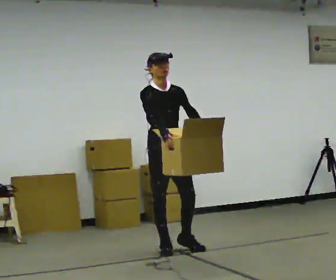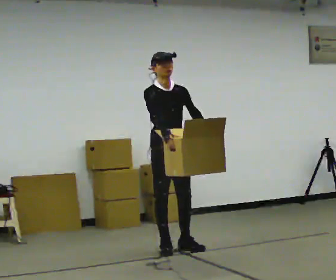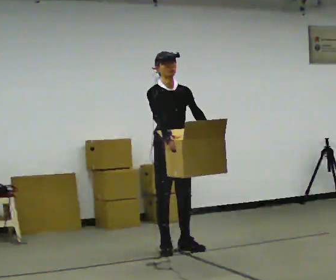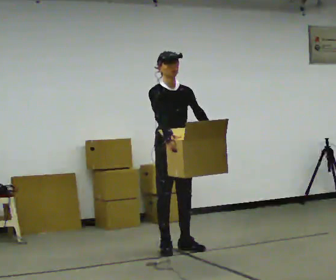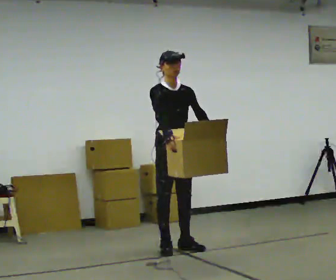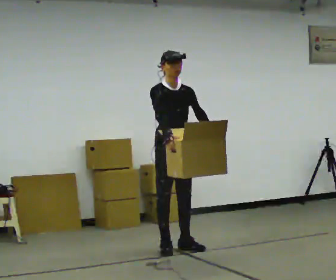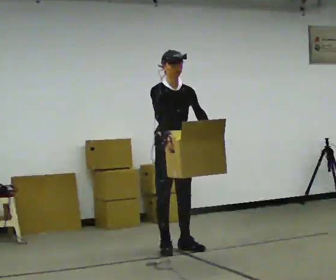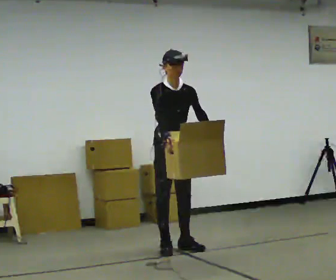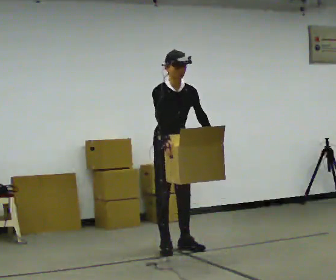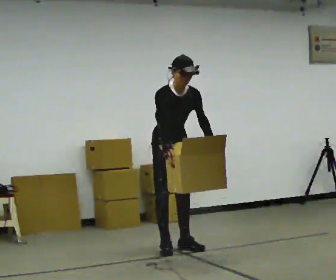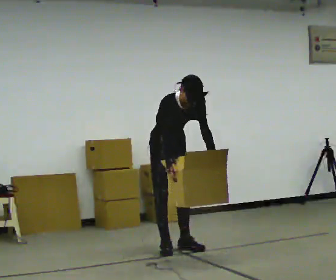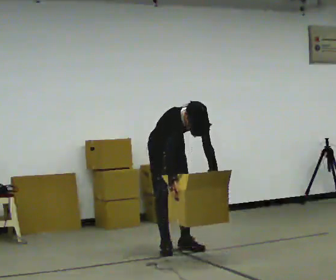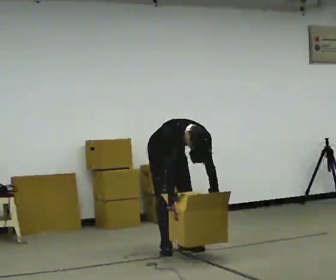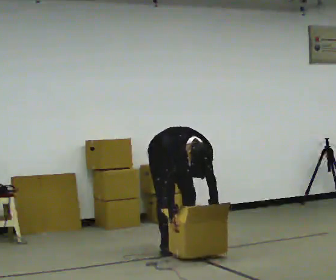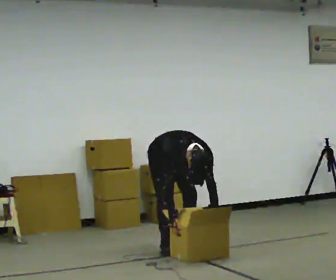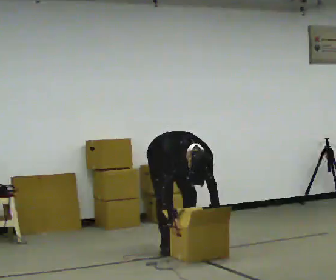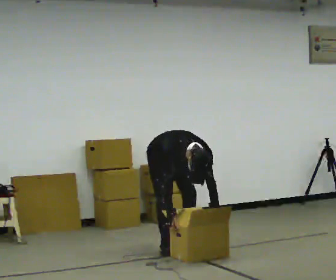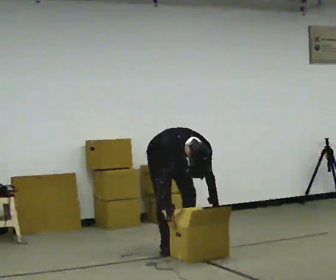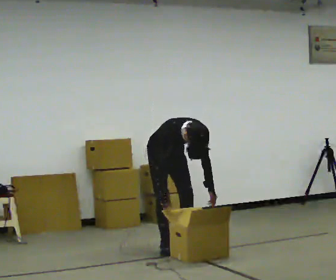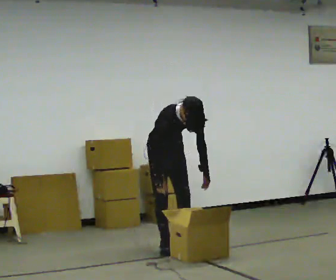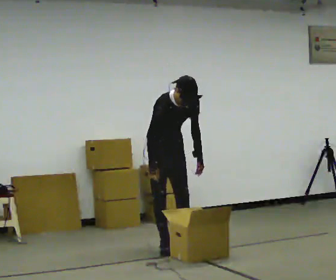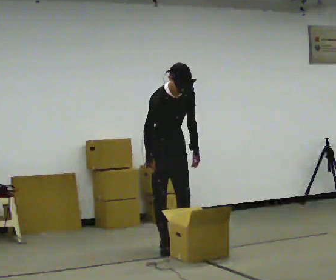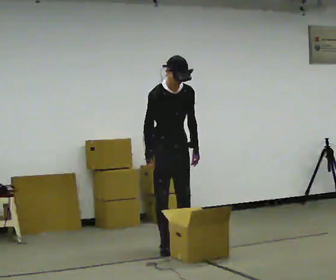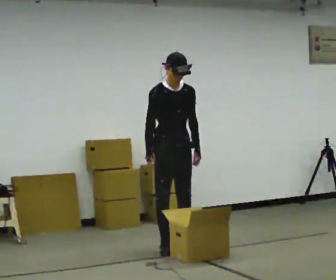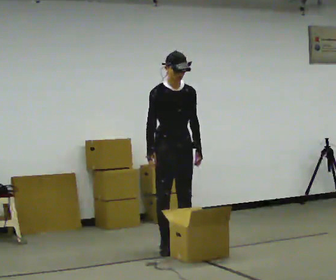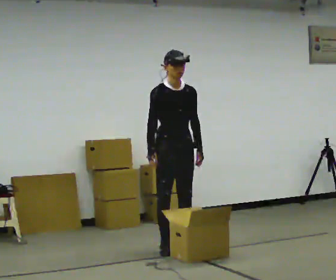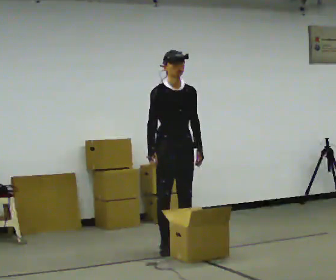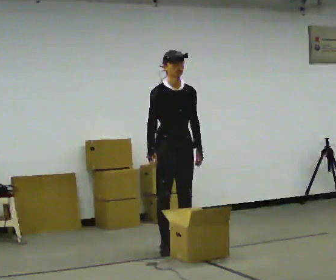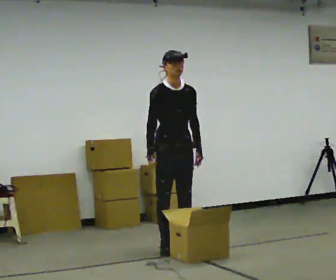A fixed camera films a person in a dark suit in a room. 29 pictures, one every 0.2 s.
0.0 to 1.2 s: The person moves a little, or ends about where they began.
1.2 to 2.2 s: The upper body goes downward. The upper body tips toward the camera, its near side rolling downward, as they bend forward. In the picture their right hand goes downward.
2.2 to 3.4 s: The shoulders move downward. The upper body tips toward the camera, its near side rolling downward, as they bend forward.
3.4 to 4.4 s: The upper body goes upward. The upper body tips away from the camera, its near side rolling upward, as they lean back or straighten. In the picture their right hand goes upward.
4.4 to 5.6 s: The person moves a little, or ends about where they began.
The film runs backward here.
